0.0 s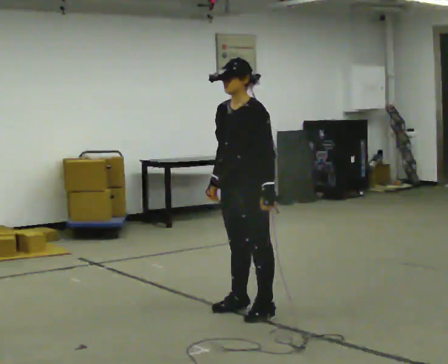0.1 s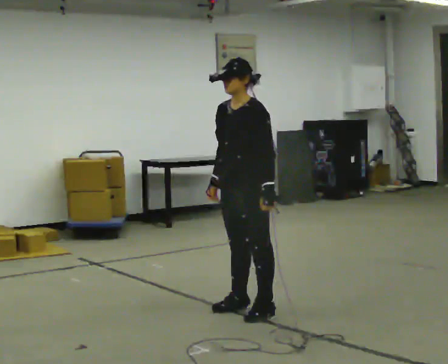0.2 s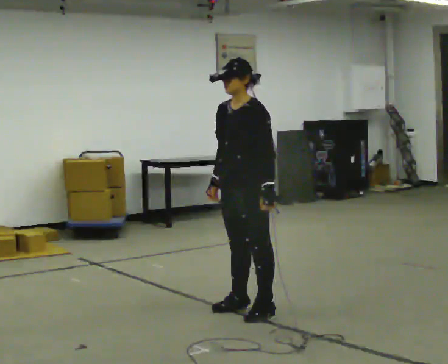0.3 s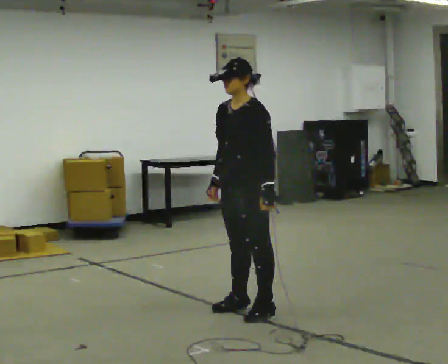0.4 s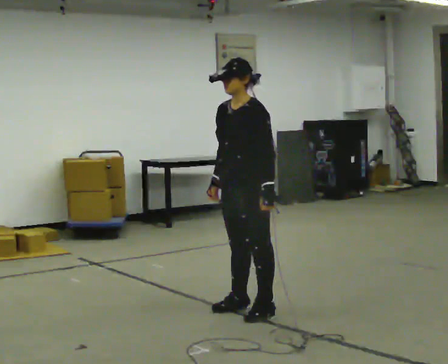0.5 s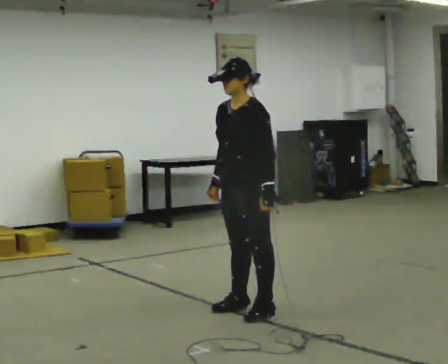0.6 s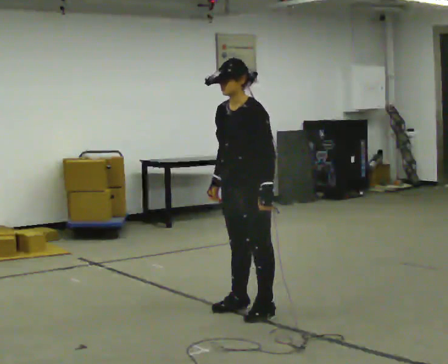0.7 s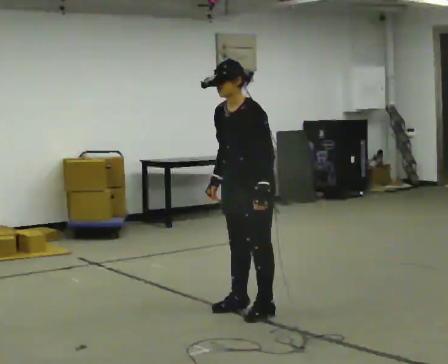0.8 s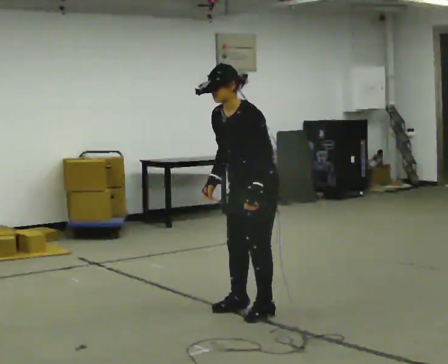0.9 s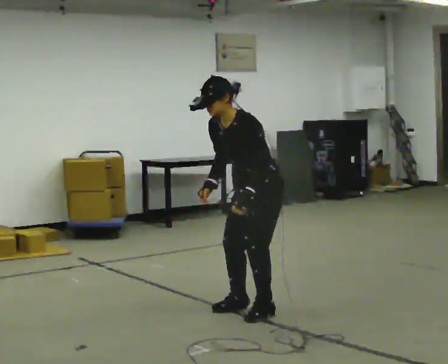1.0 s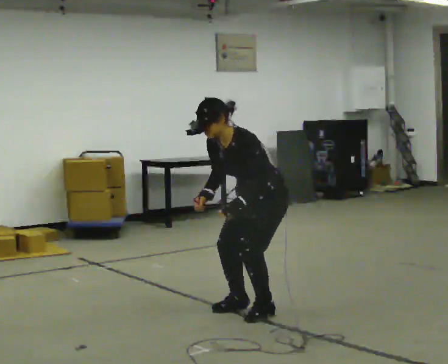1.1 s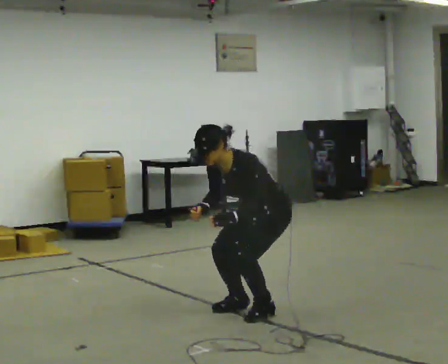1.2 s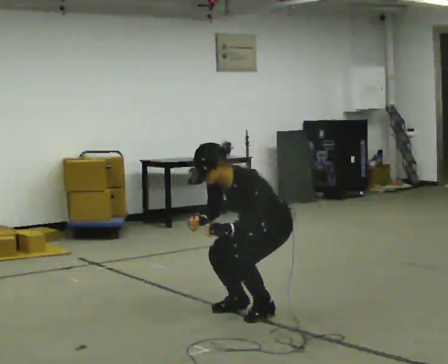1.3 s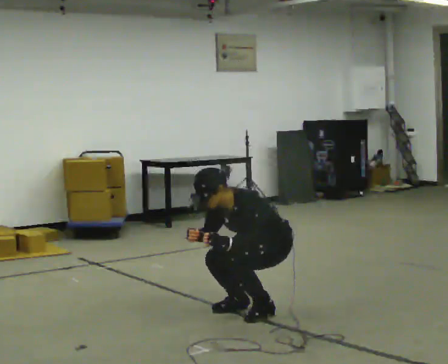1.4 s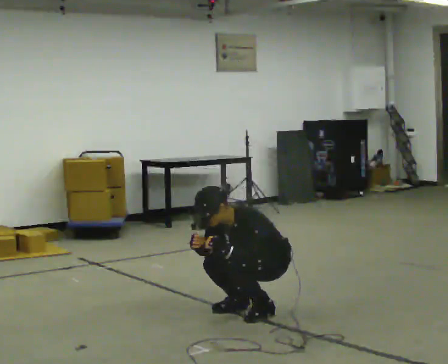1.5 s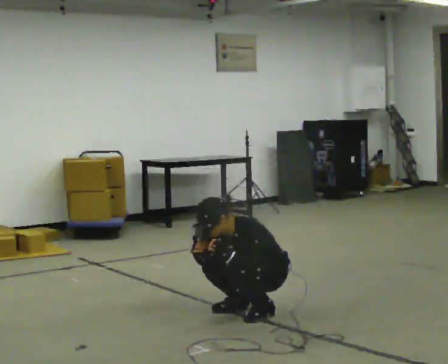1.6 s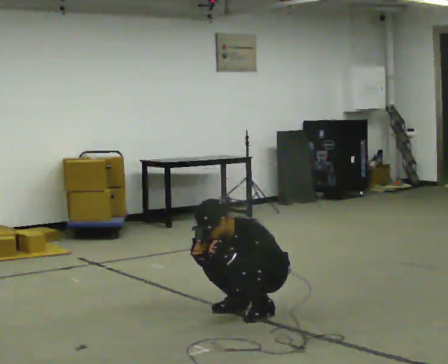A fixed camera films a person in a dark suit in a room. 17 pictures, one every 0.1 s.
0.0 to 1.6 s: The upper body goes downward. In the picture the upper body tilts counterclockwise, shoulders to the left, as they bend forward. In the picture their left hand goes downward.
The film runs forward here.
